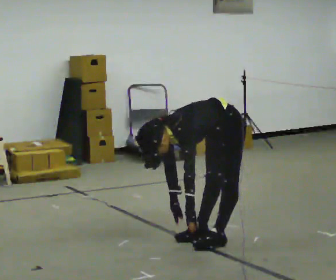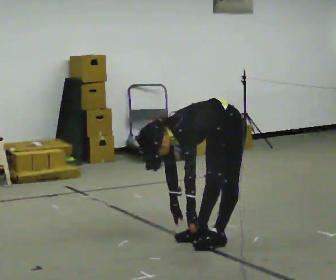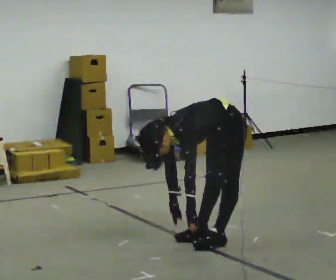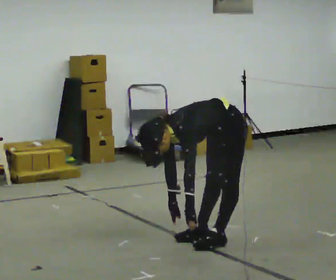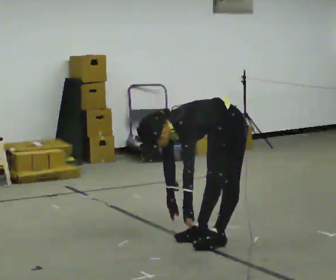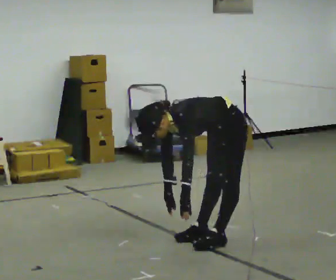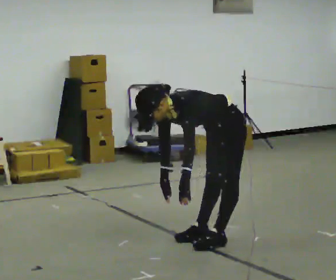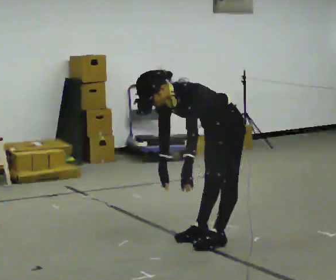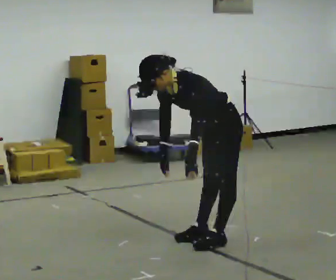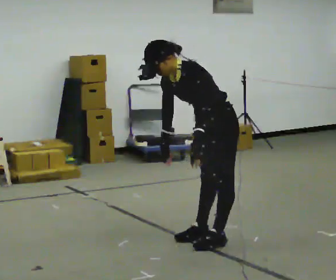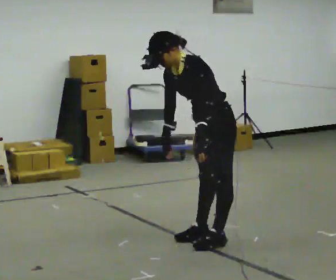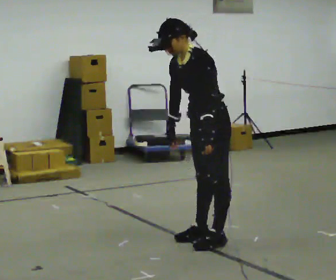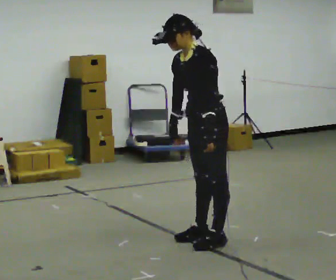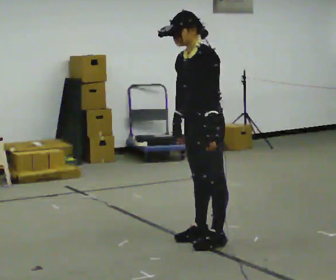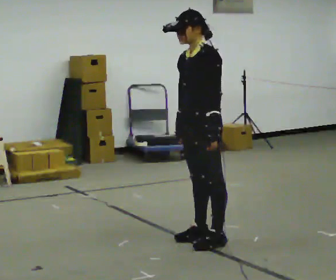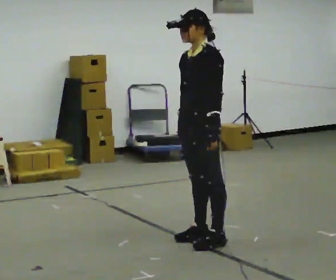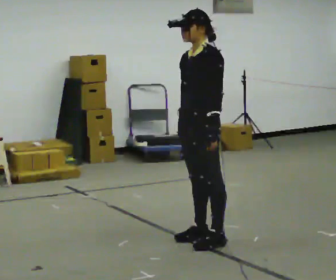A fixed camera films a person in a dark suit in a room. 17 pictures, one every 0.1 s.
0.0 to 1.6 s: The shoulders move upward. In the picture the upper body tilts clockwise, shoulders to the right, as they lean back or straighten. In the picture their left hand goes upward.
The film runs backward here.
